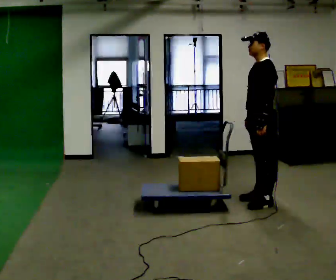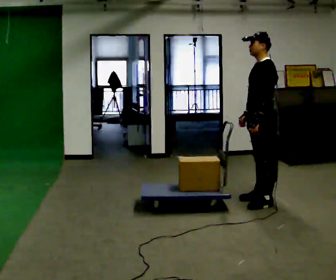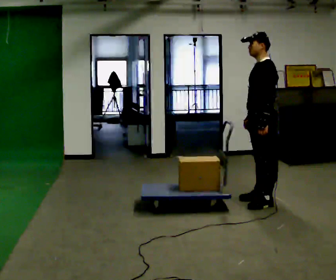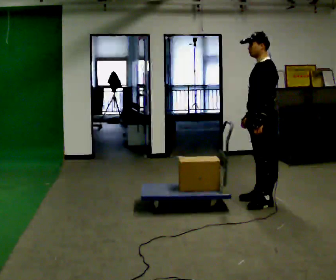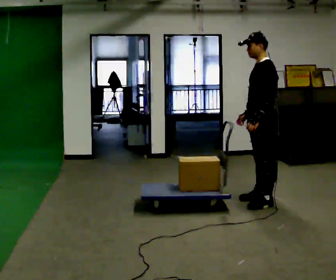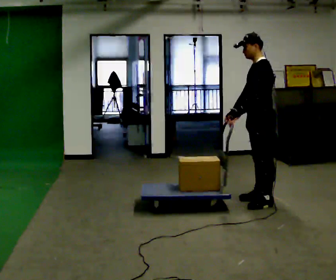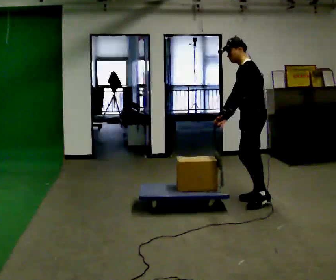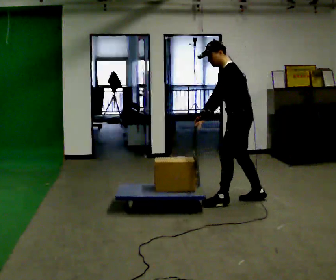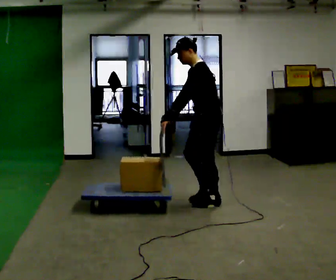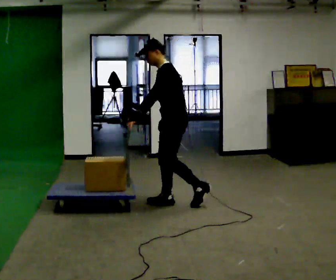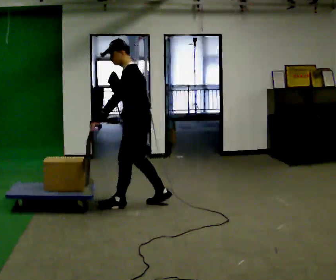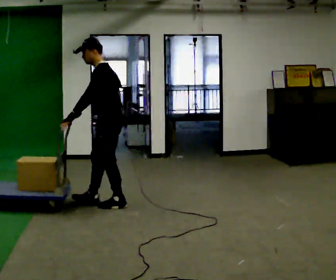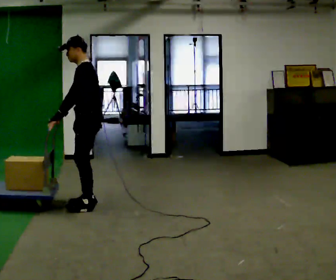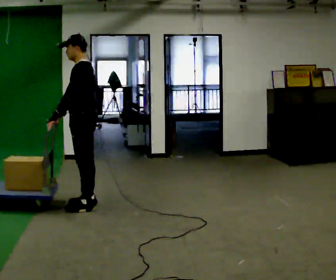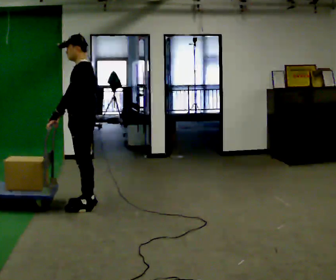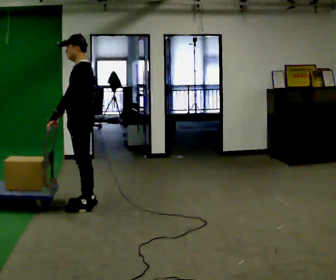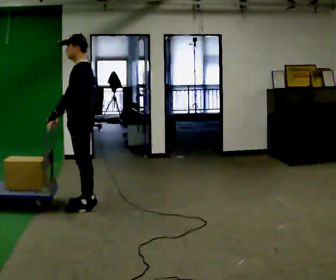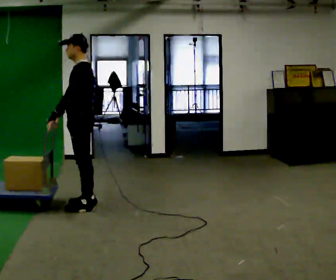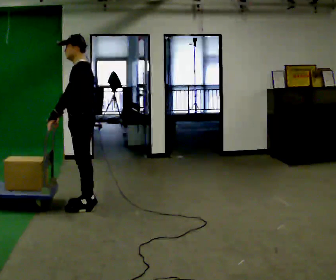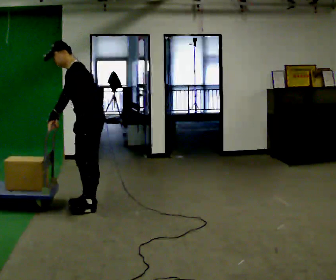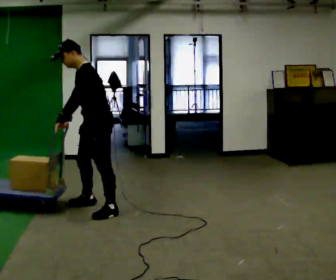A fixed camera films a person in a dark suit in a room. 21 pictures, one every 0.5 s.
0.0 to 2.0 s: The person moves a little, or ends about where they began.
2.0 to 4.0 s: In the picture they go to the left, about 0.5 m in 1 step, which for them is forward. In the picture the upper body tilts counterclockwise, shoulders to the left, as they bend forward.
4.0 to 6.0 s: In the picture they go to the left, about 1 m in 3 steps, which for them is forward.
6.0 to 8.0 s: The person moves a little, or ends about where they began.
8.0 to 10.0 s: In the picture they go to the right, about 0.25 m in 1 step, which for them is backward and to their left.
The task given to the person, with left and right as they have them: Stand still with your hands on the cart. When the operator says go, get it moving, push it a few metres, then bring it to a stop. Repeat until the operator says stop.
The film runs forward here.
